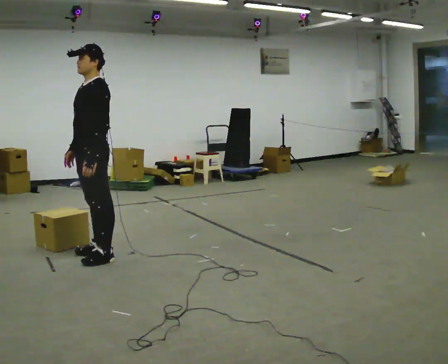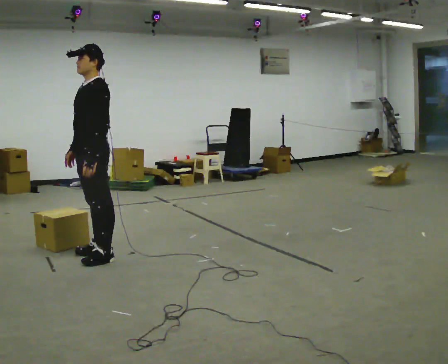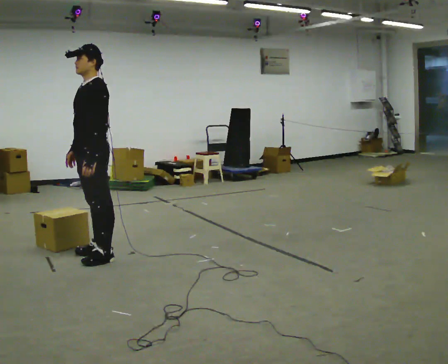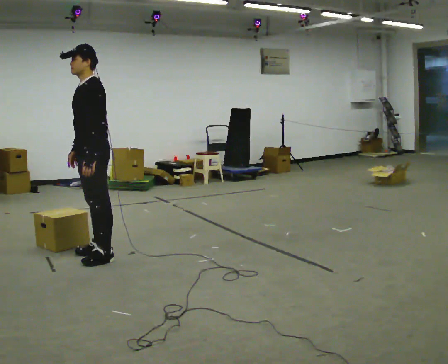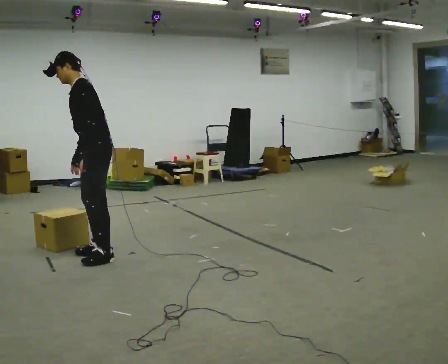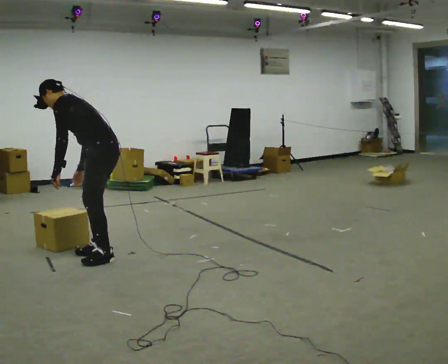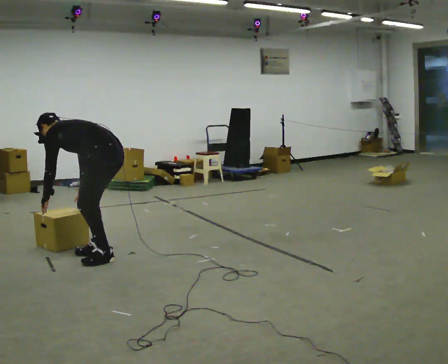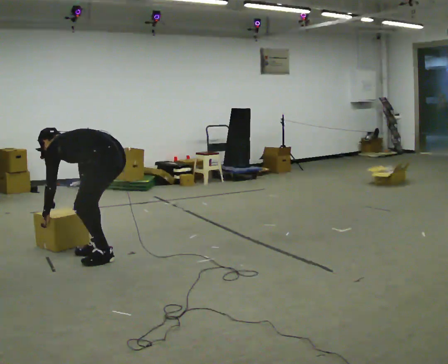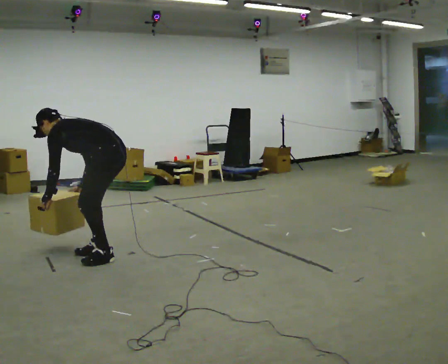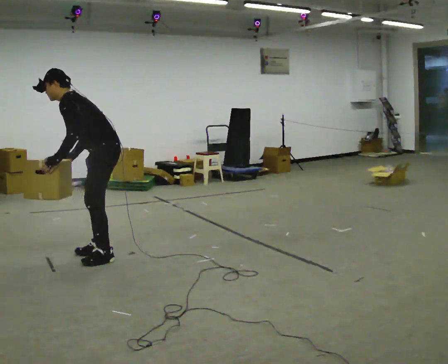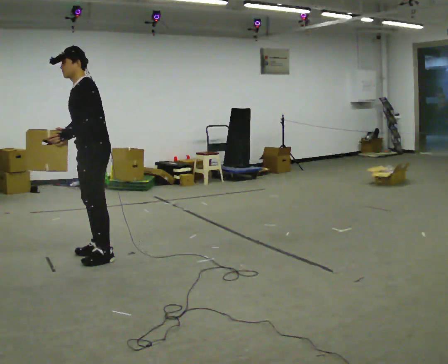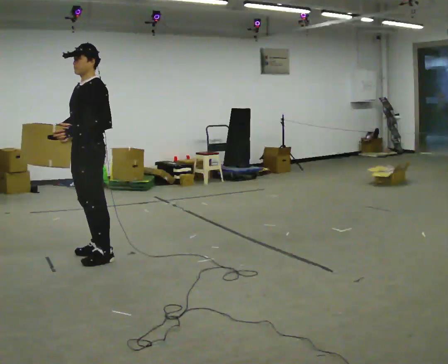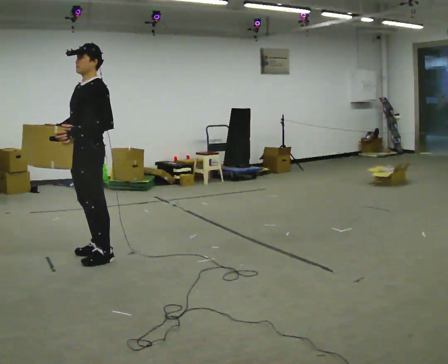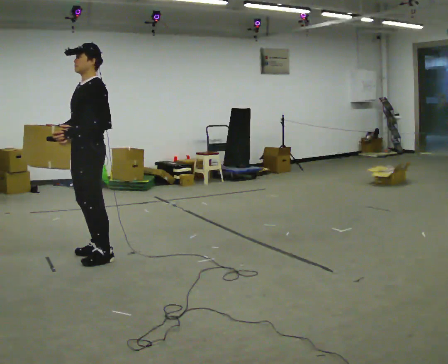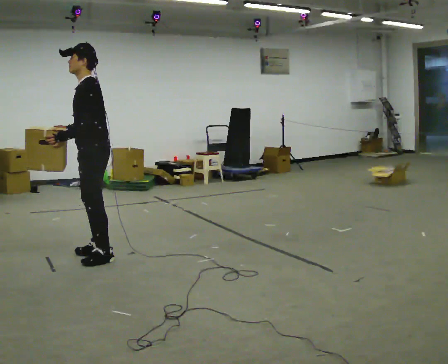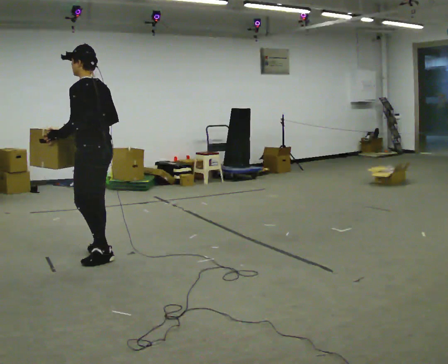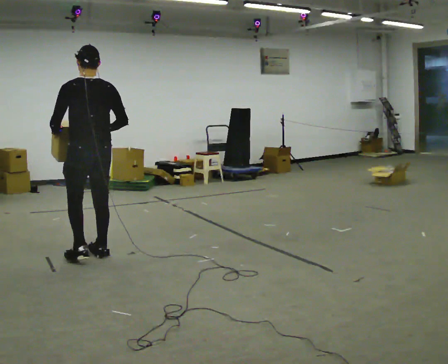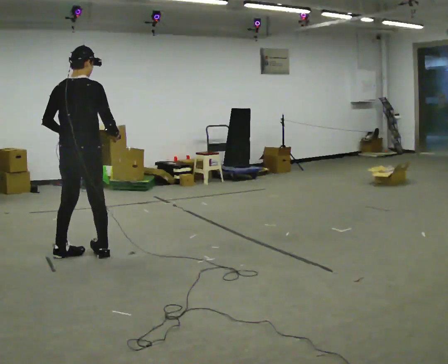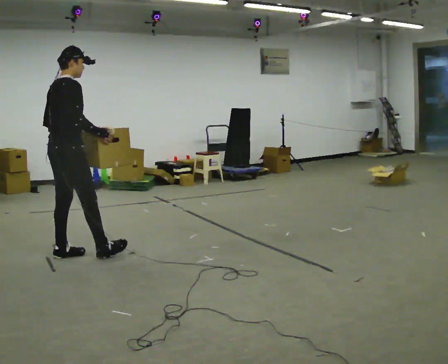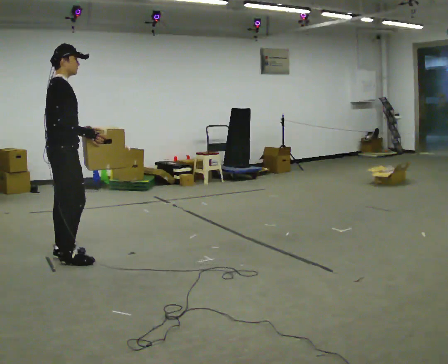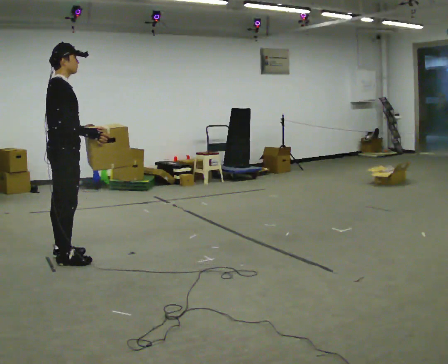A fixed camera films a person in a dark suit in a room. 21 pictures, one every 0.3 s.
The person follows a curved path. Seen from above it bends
clockwise.
0.0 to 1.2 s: In the picture the upper body tilts counterclockwise, shoulders to the left, as they bend forward.
1.2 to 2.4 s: In the picture their left hand goes downward.
2.4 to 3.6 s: The person turns about 45 degrees to their left, counterclockwise seen from above, so the part of the body nearest the lens slides to the right. In the picture they go to the left, about 0.25 m, which for them is forward. The upper body goes upward. In the picture the upper body tilts clockwise, shoulders to the right, as they lean back or straighten. In the picture their right hand goes upward, the arm swinging clockwise.
3.6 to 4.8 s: Seen from above the body turns clockwise, about 105 degrees: to their right, with its near side sliding to the left.
4.8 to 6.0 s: The part of the body nearest the lens slides to the left as the person turns to their right by about 90 degrees. In the picture they go to the left, about 0.25 m in 2 steps.
The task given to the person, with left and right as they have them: Carry the box along the marked route, turning 90 degrees at the corner the operator calls, and set it down at the end. Keep going until the operator says stop; one object at a time, and do not rush between trips.
The film runs forward here.
